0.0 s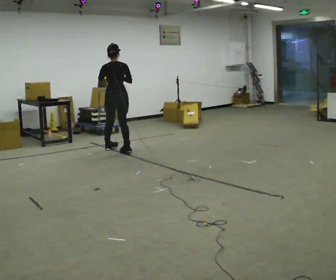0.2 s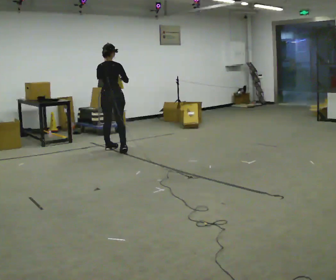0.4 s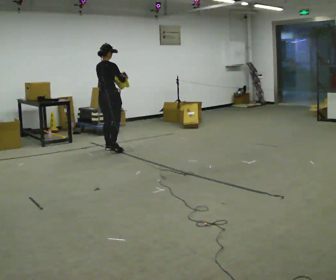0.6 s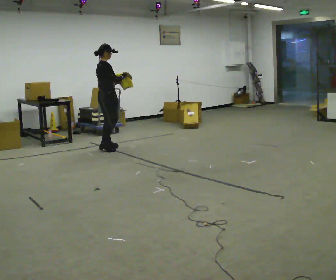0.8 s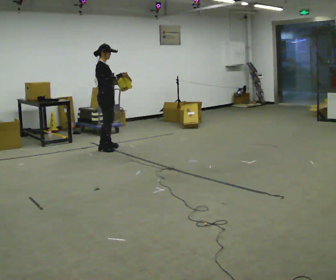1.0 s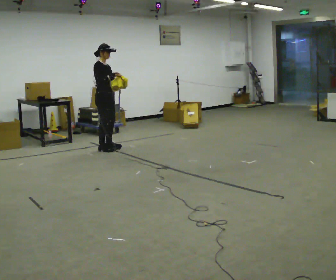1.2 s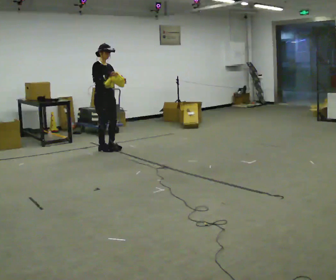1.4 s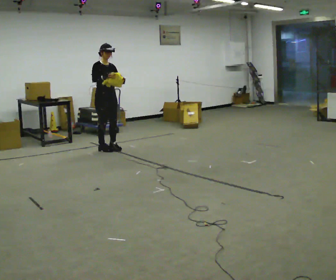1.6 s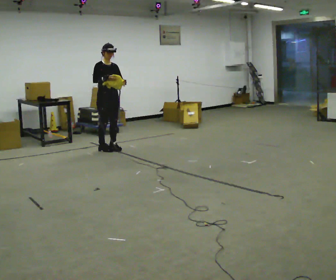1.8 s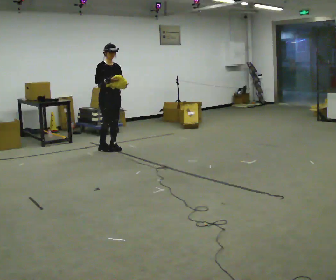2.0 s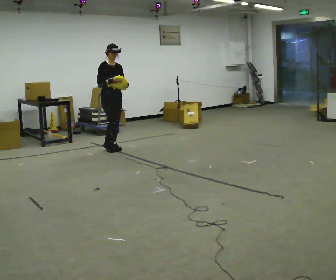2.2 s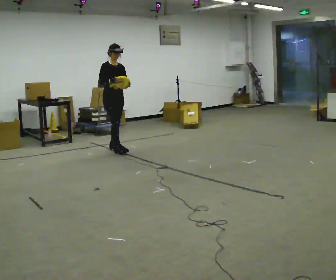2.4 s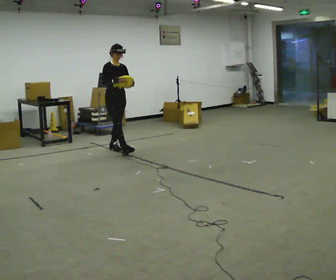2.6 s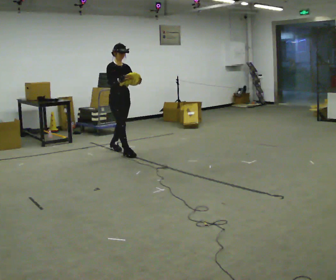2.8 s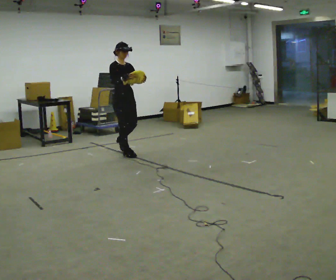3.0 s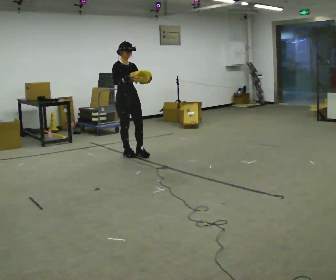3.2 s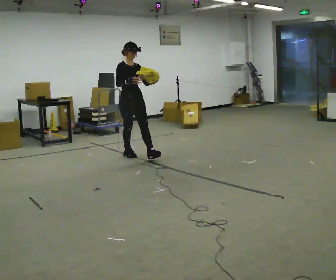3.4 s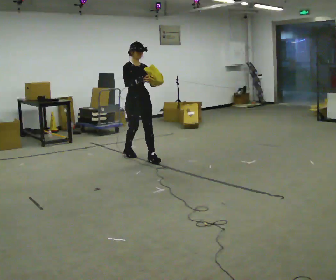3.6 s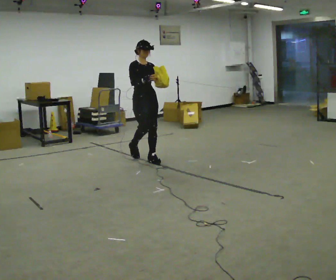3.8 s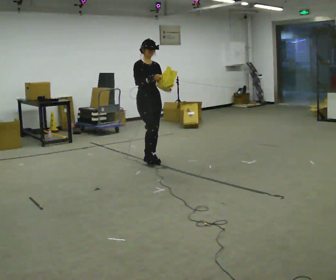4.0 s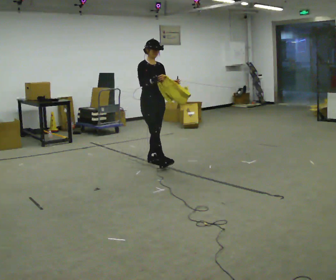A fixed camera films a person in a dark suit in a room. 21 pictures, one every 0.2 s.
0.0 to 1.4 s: The person turns about 135 degrees to their right, clockwise seen from above, so the part of the body nearest the lens slides to the left.
1.4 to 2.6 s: In the picture they go toward the camera and to the right, about 0.5 m in 1 step, which for them is forward.
2.6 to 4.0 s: In the picture they go toward the camera and to the right, about 1 m in 2 steps, which for them is forward.
The film runs forward here.
